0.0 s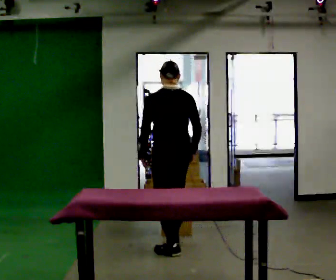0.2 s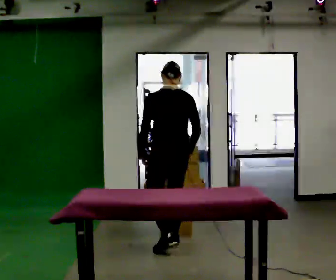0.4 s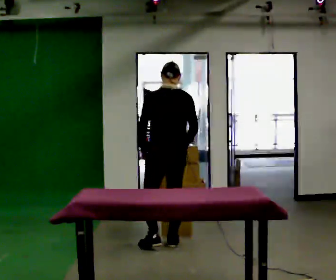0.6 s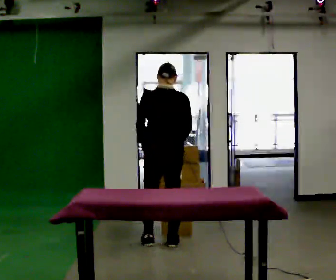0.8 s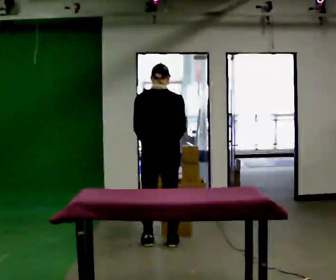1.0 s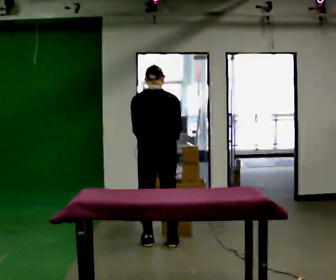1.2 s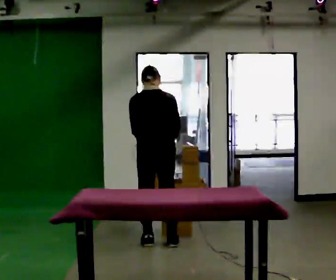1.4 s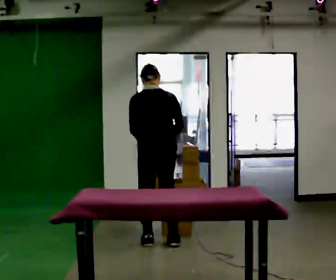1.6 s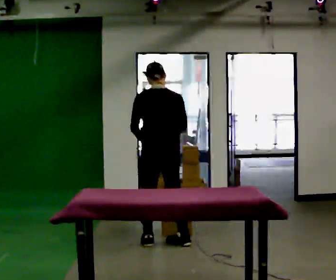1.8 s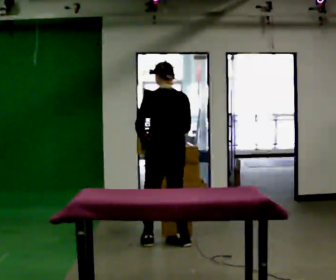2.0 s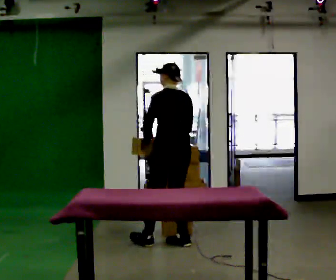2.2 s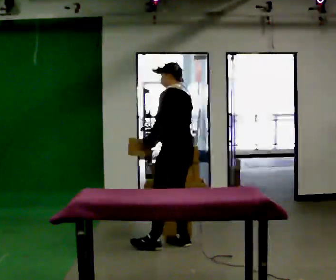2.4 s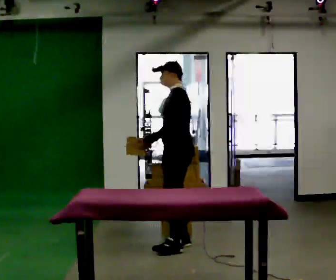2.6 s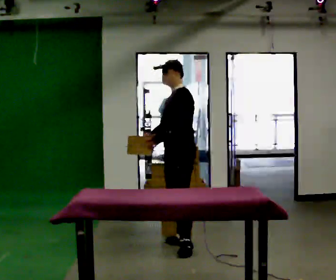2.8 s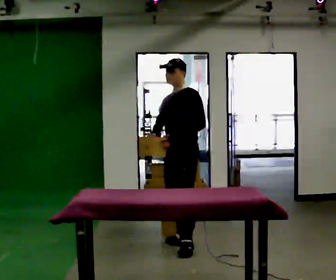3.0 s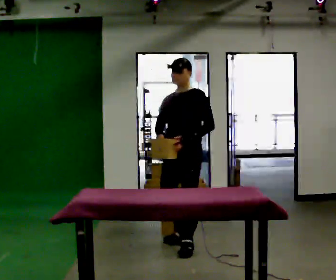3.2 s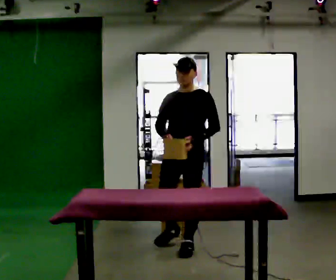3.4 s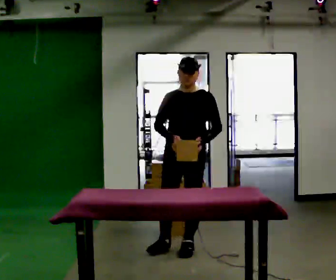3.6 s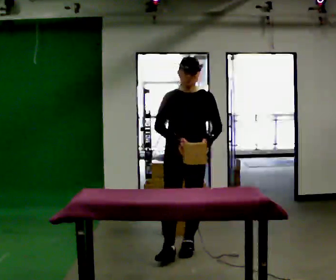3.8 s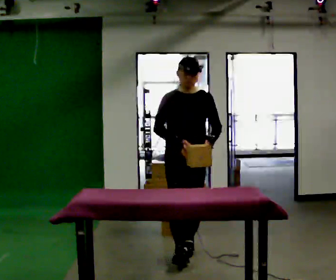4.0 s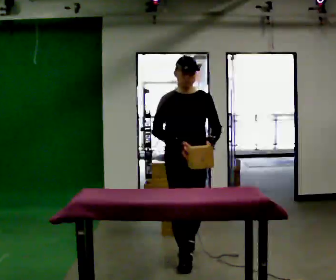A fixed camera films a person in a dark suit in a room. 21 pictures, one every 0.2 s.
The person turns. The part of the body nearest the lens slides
to the right.
The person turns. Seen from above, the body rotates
counterclockwise.
0.0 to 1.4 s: The person moves a little, or ends about where they began.
1.4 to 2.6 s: The part of the body nearest the lens slides to the right as the person turns to their left by about 105 degrees. In the picture they go to the right, about 0.25 m in 1 step.
2.6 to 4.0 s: The part of the body nearest the lens slides to the right as the person turns to their left by about 90 degrees. In the picture they go toward the camera, about 0.5 m in 1 step.
The film runs forward here.
